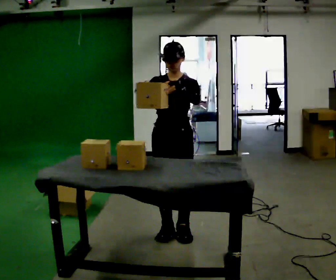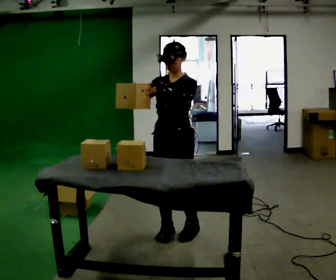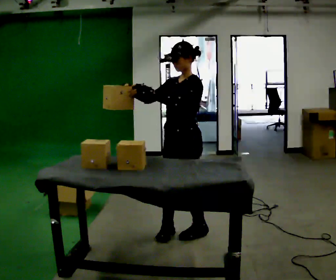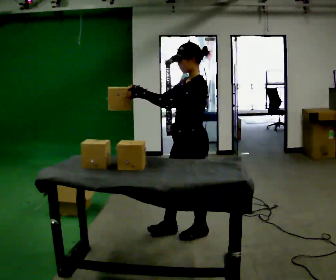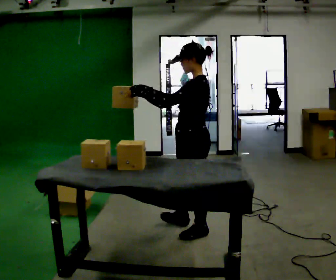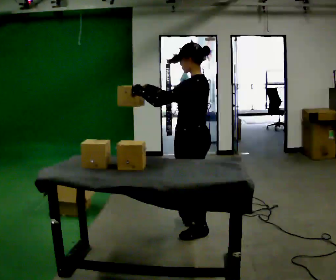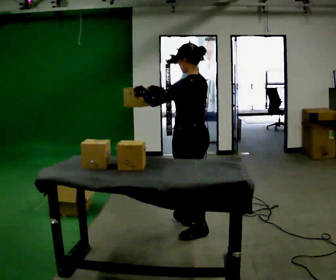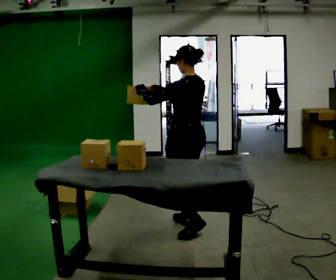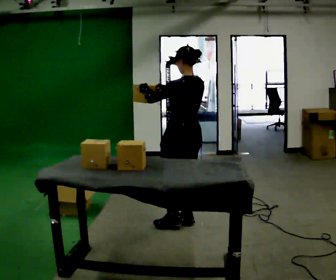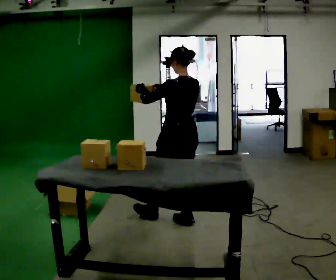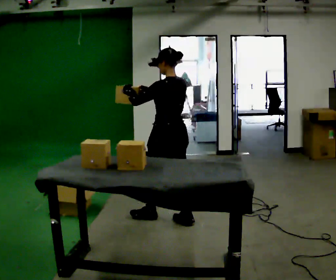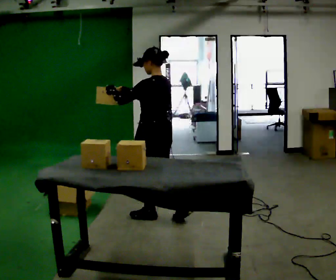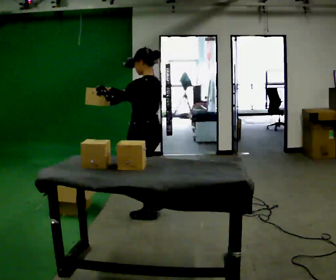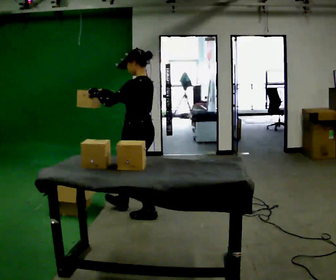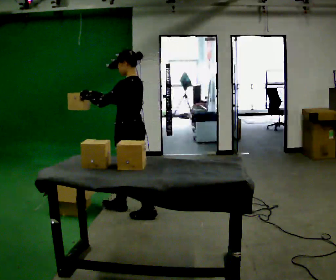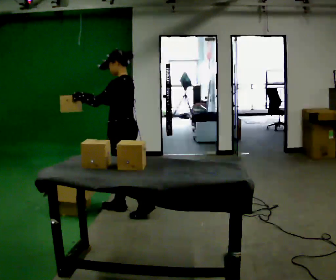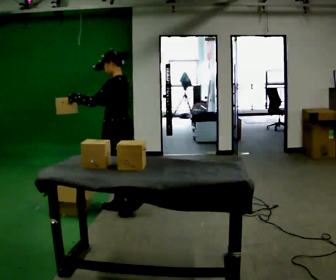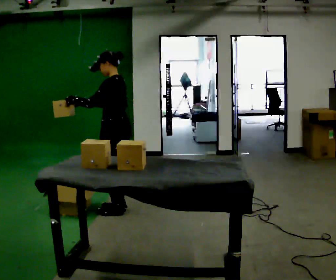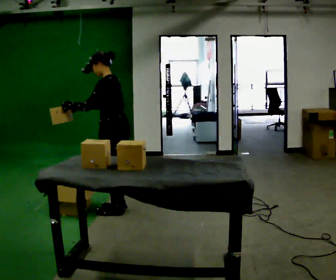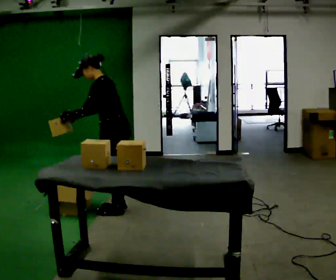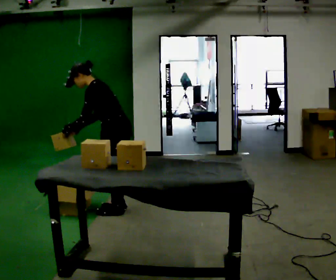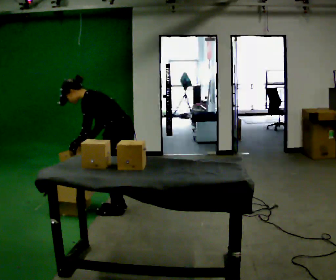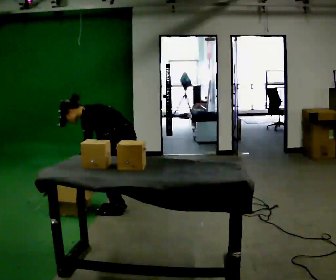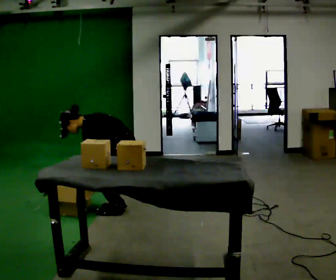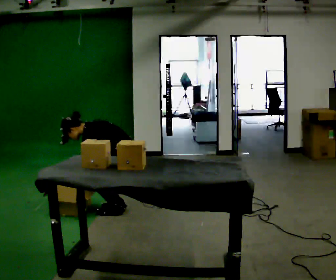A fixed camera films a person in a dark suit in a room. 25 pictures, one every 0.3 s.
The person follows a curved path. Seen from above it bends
counterclockwise.
The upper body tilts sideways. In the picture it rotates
counterclockwise.
0.0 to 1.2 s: Seen from above the body turns clockwise, about 75 degrees: to their right, with its near side sliding to the left. In the picture they go to the right, about 0.25 m in 1 step.
1.2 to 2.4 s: The person turns about 45 degrees to their right, clockwise seen from above, so the part of the body nearest the lens slides to the left. In the picture they go away from the camera, about 0.25 m in 1 step, which for them is to their right and forward.
2.4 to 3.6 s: In the picture they go to the left and away from the camera, about 0.25 m in 1 step, which for them is forward.
3.6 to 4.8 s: In the picture they go to the left and away from the camera, about 0.25 m in 1 step, which for them is forward and to their right.
4.8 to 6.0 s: In the picture the upper body tilts counterclockwise, shoulders to the left, as they bend forward.
6.0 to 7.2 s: The upper body goes downward. In the picture the upper body tilts counterclockwise, shoulders to the left, as they bend forward. In the picture their left hand goes downward.
The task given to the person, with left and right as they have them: Take an object out of the bin at knee height, carry it across the room, and place it on the chest-height shelf. Keep going until the operator says stop; one object at a time, and do not rush between trips.
The film runs forward here.
